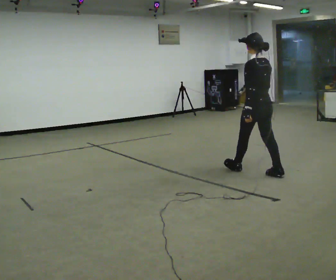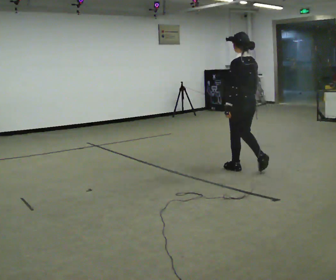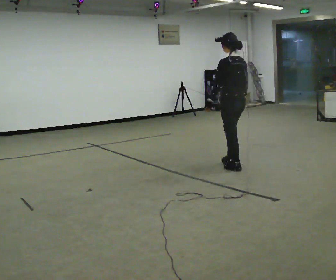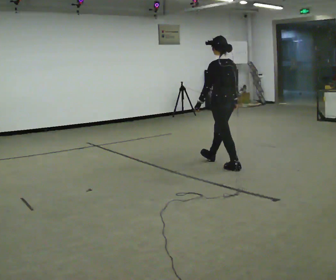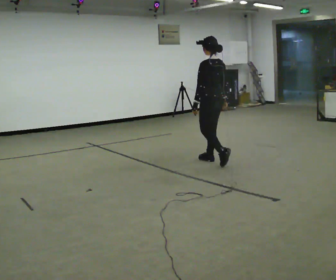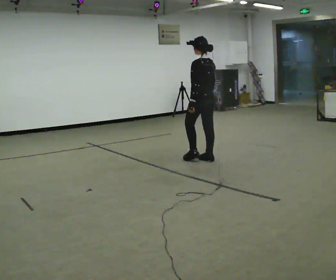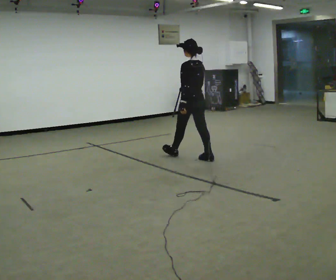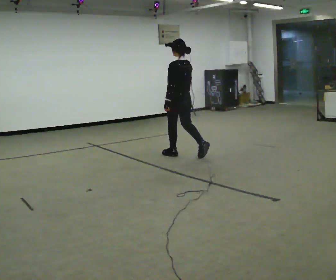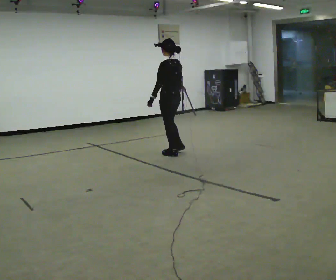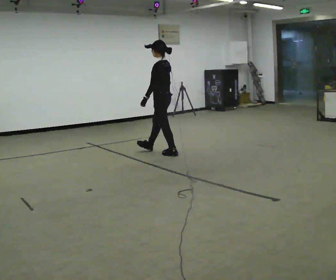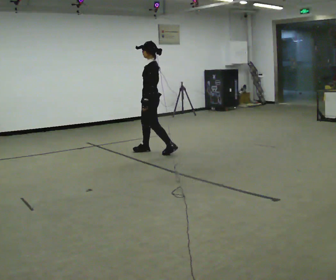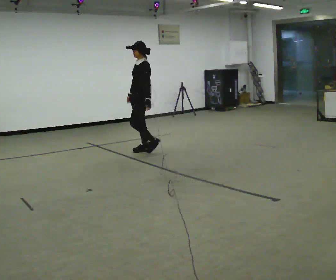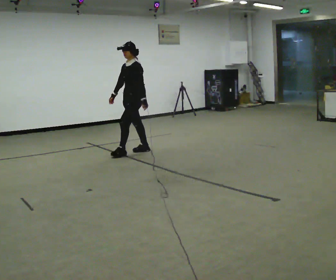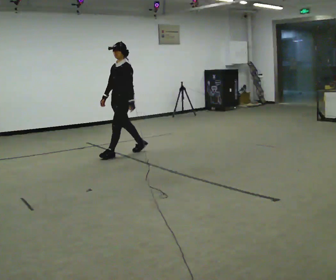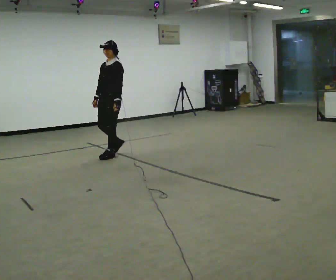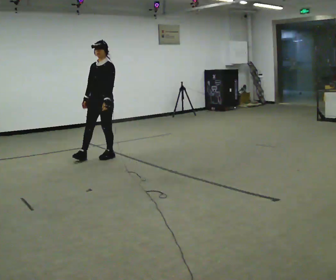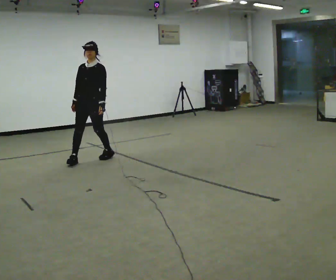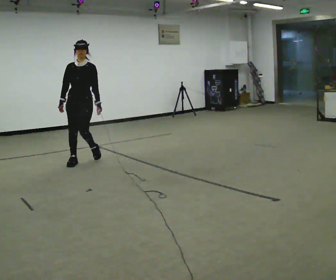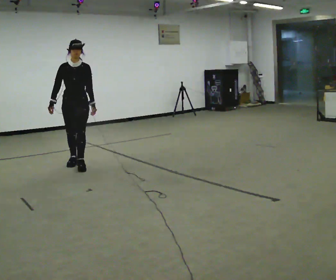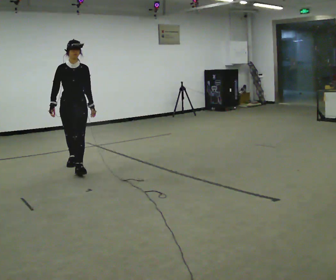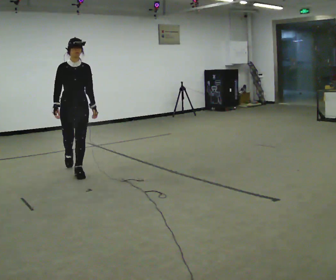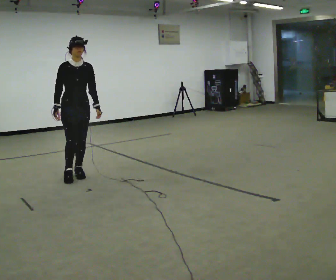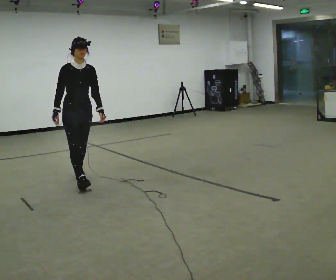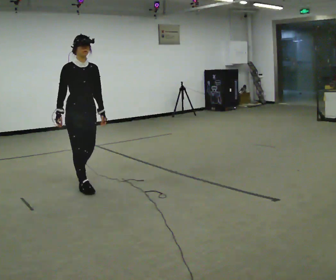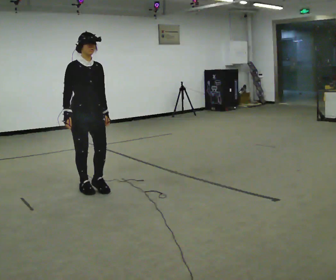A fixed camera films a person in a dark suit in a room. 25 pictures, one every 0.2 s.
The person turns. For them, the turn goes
to their left.
The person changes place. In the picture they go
to the left.
0.0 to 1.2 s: In the picture they go away from the camera and to the left, about 1 m in 1 step, which for them is forward.
1.2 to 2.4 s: The part of the body nearest the lens slides to the right as the person turns to their left by about 75 degrees. In the picture they go to the left and away from the camera, about 1 m in 2 steps.
2.4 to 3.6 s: The part of the body nearest the lens slides to the right as the person turns to their left by about 75 degrees. In the picture they go to the left and toward the camera, about 1 m in 2 steps.
3.6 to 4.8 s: Seen from above the body turns counterclockwise, about 30 degrees: to their left, with its near side sliding to the right. In the picture they go toward the camera, about 1 m in 2 steps, which for them is forward.
The film runs forward here.
